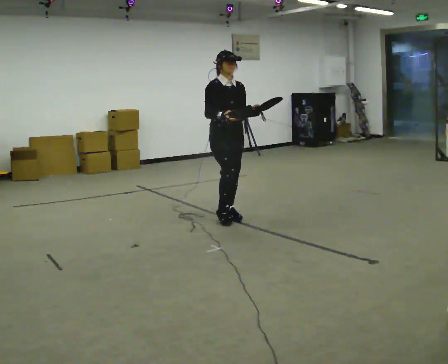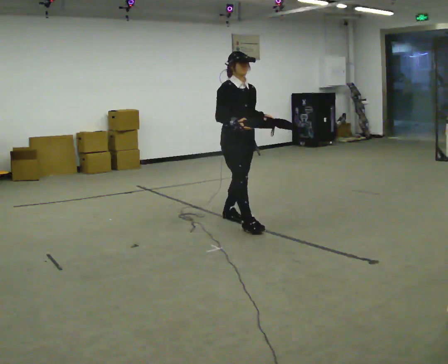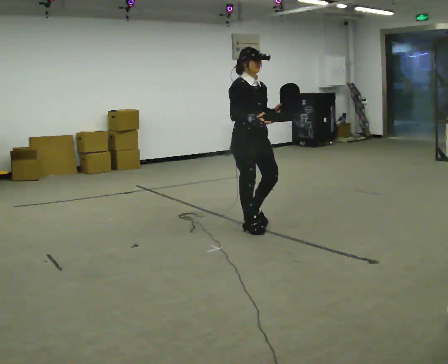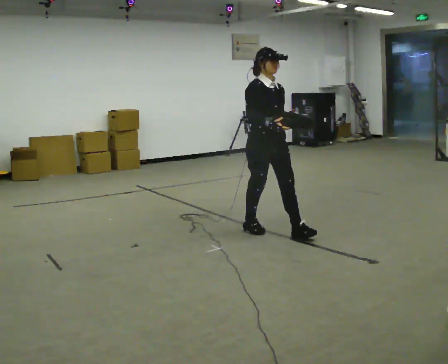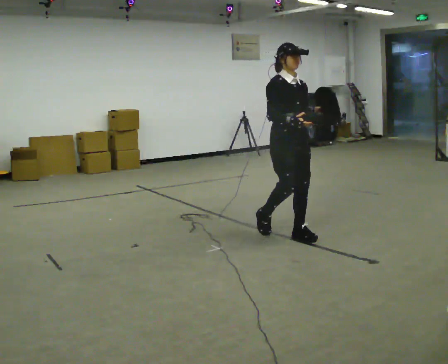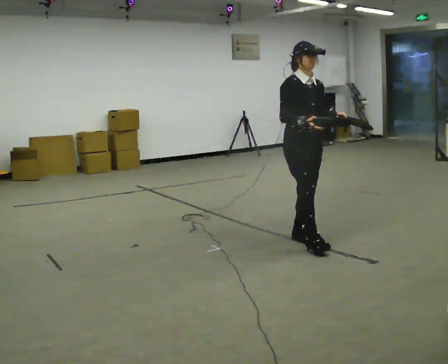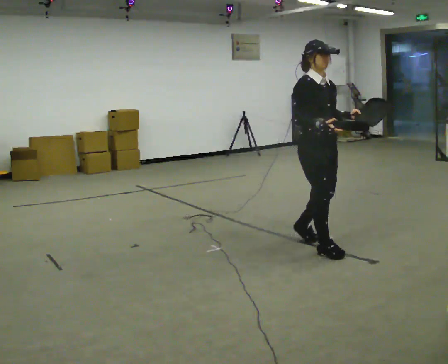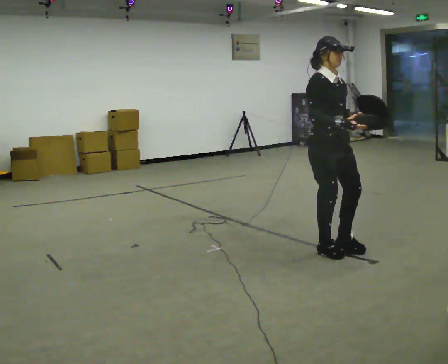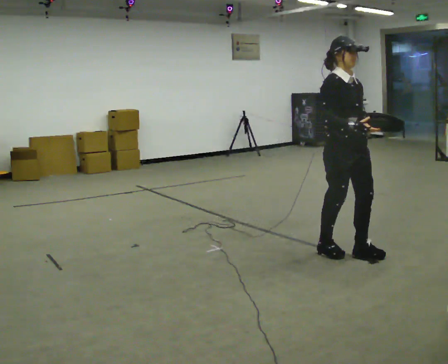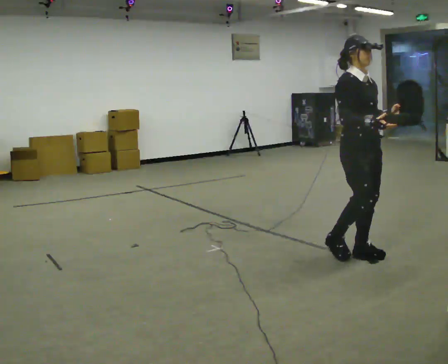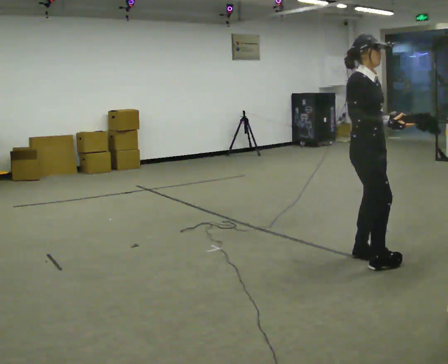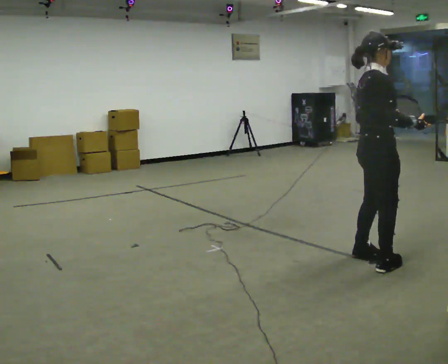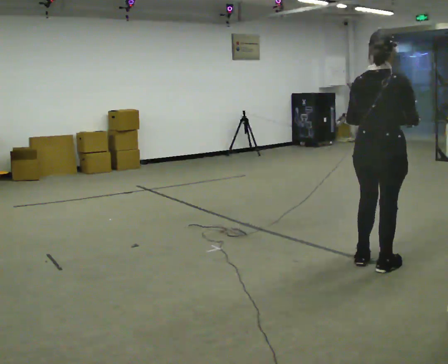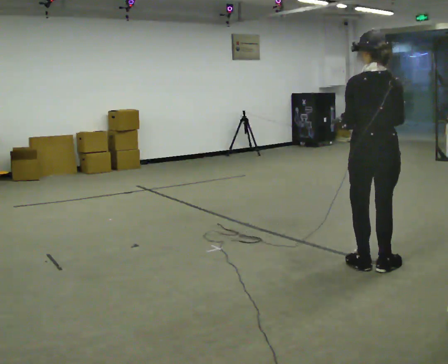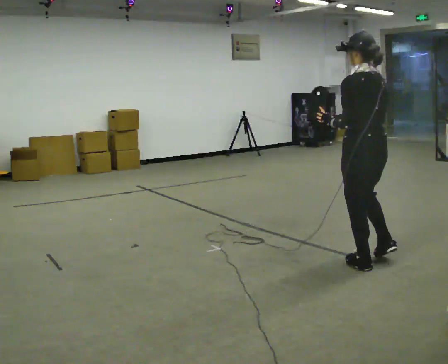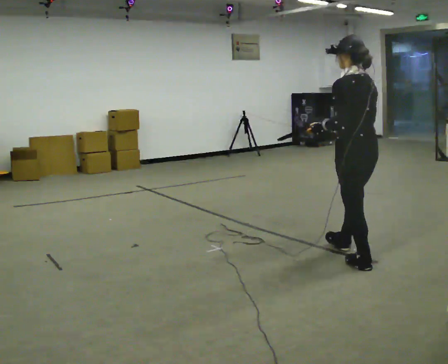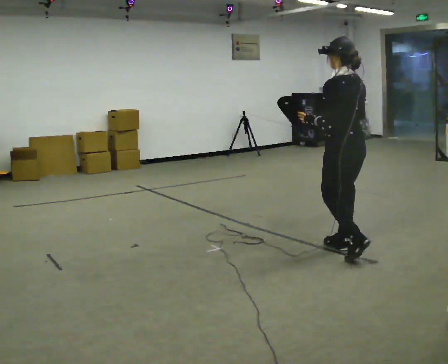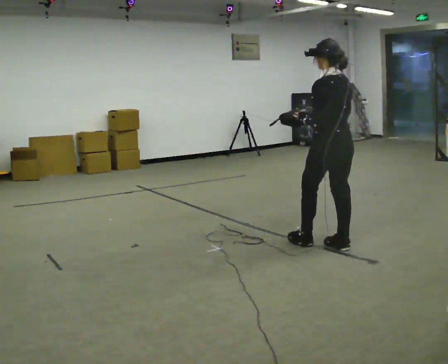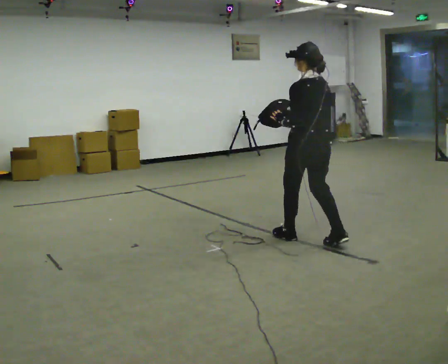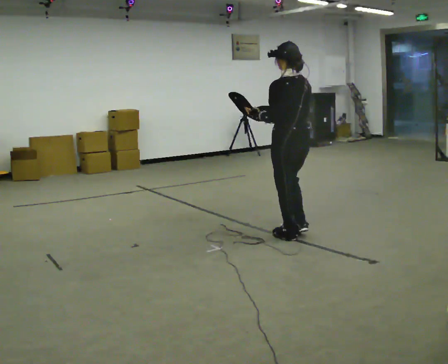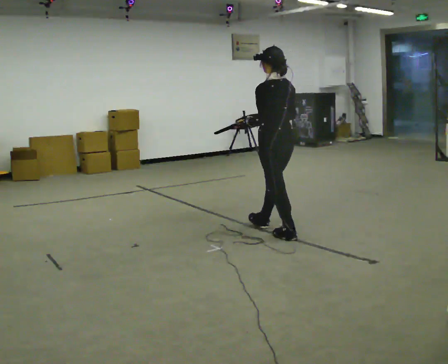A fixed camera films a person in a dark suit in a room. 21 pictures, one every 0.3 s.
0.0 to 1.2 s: In the picture they go to the right and toward the camera, about 1 m in 2 steps, which for them is forward.
1.2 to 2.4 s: In the picture they go to the right and toward the camera, about 0.75 m in 2 steps, which for them is forward.
2.4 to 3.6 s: The part of the body nearest the lens slides to the right as the person turns to their left by about 105 degrees. In the picture they go toward the camera and to the right, about 0.5 m in 1 step.
3.6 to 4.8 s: The person turns about 75 degrees to their left, counterclockwise seen from above, so the part of the body nearest the lens slides to the right. In the picture they go away from the camera and to the left, about 0.5 m in 2 steps.
4.8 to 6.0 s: In the picture they go to the left and away from the camera, about 1 m in 2 steps, which for them is forward.
The film runs forward here.
